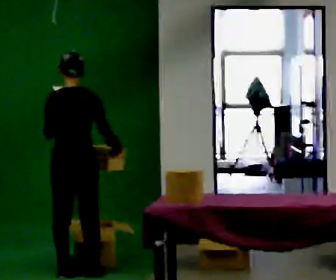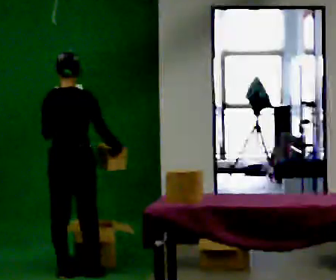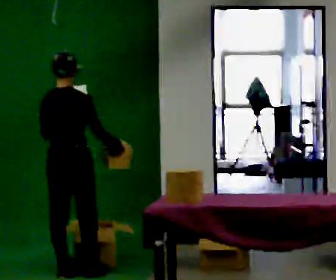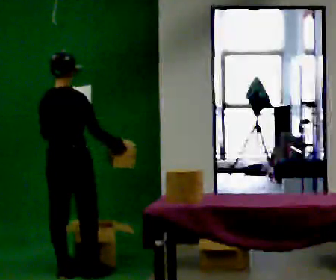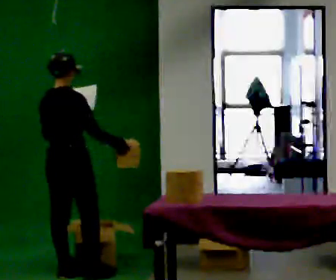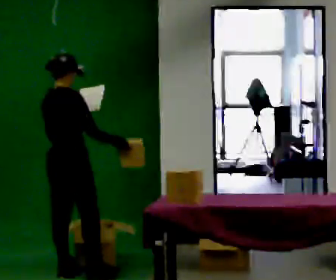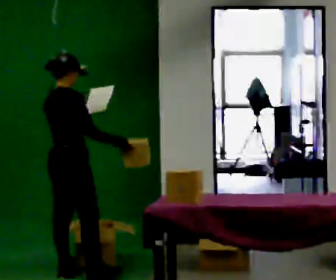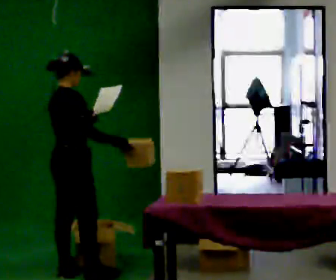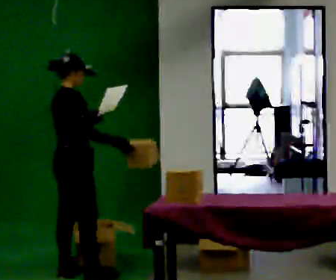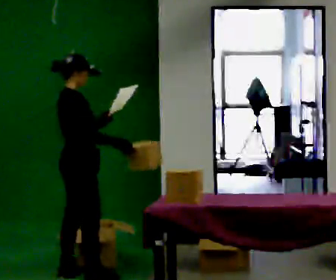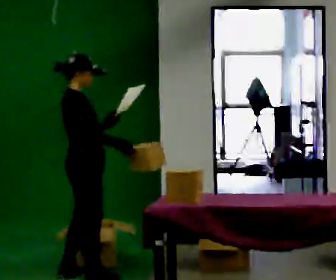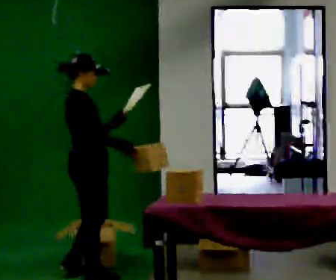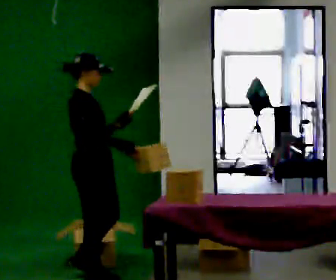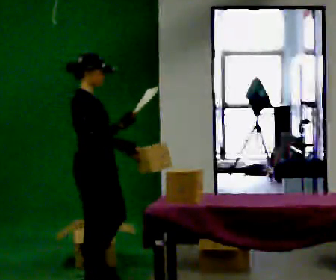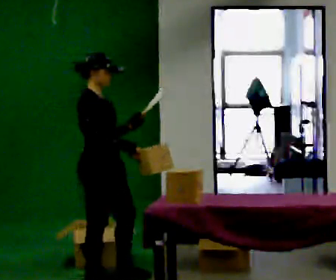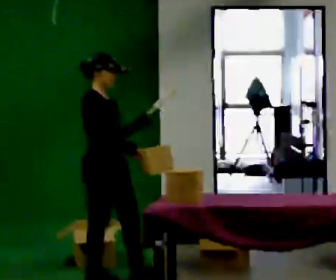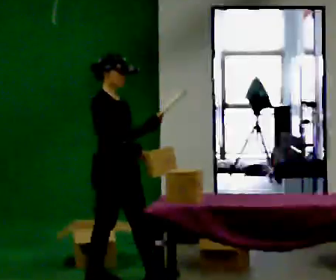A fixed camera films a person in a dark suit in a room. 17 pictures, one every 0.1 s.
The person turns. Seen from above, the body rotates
clockwise.
Their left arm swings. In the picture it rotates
counterclockwise.
0.0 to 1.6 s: The person turns about 105 degrees to their right, clockwise seen from above, so the part of the body nearest the lens slides to the left. In the picture they go to the right and toward the camera, about 0.25 m.
The film runs forward here.
